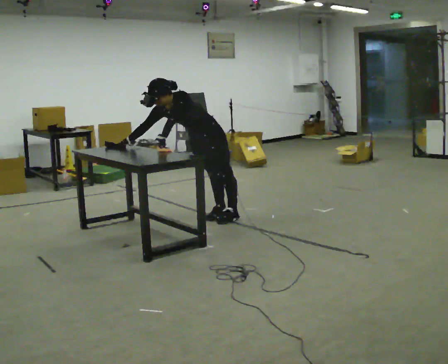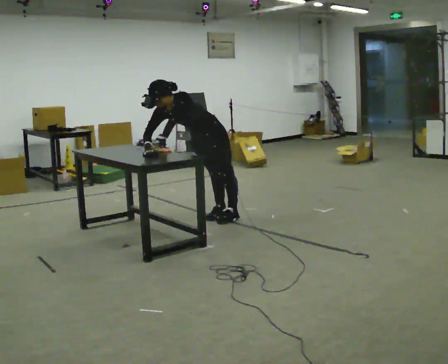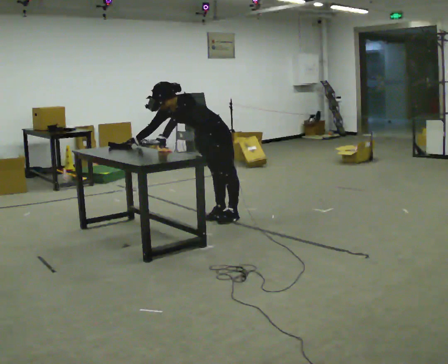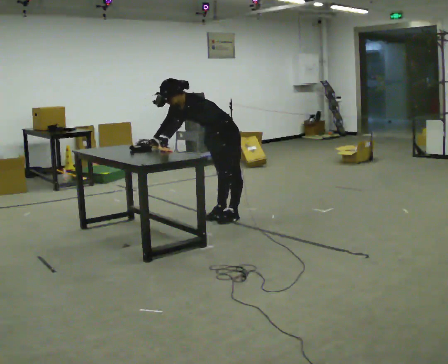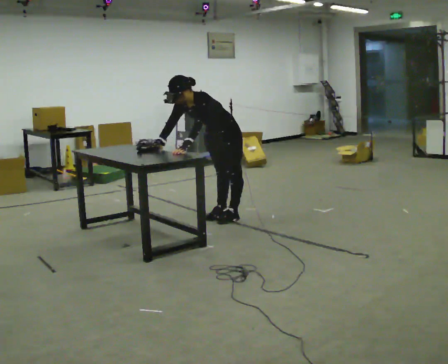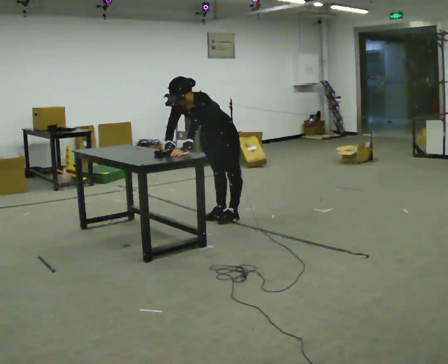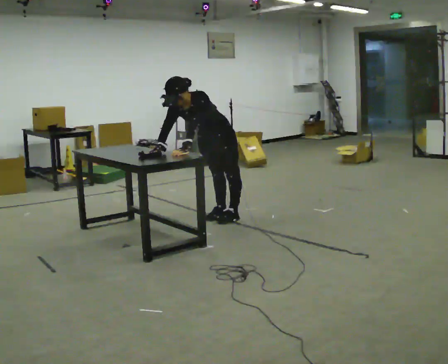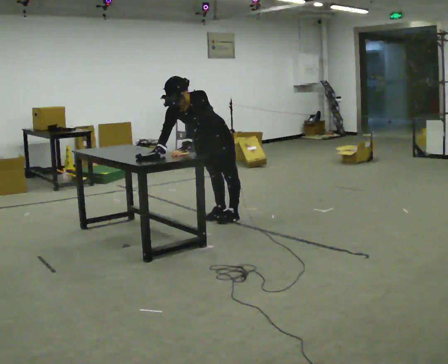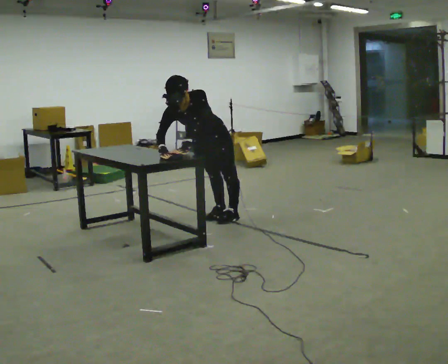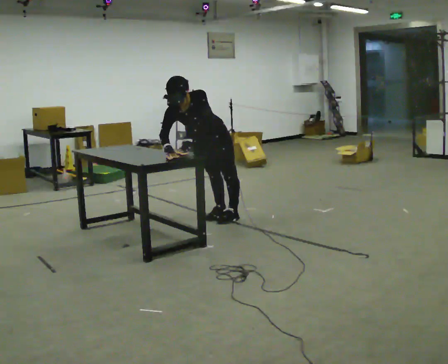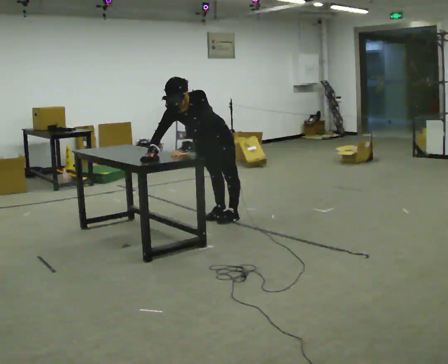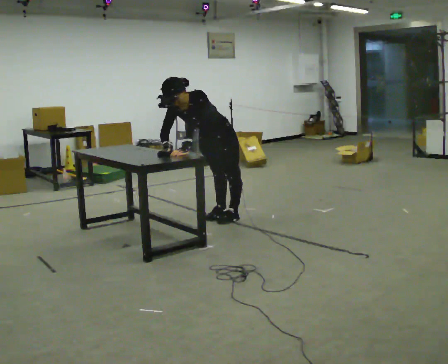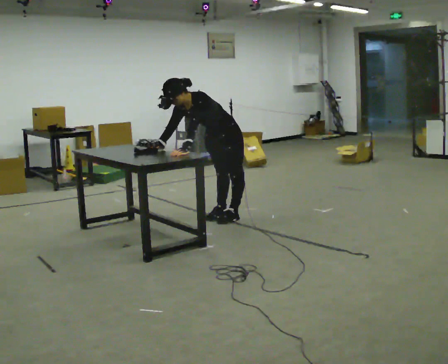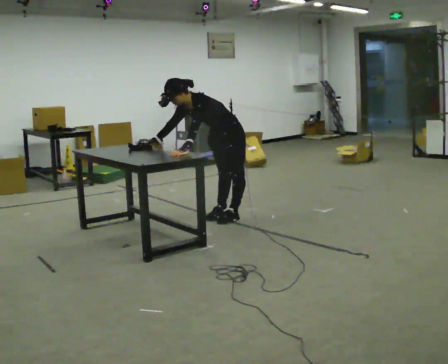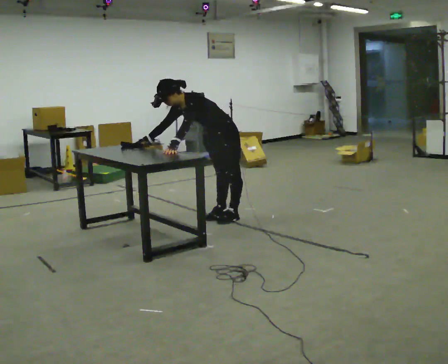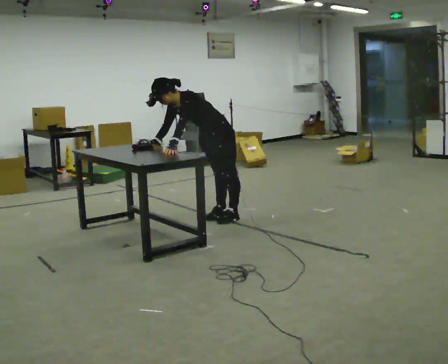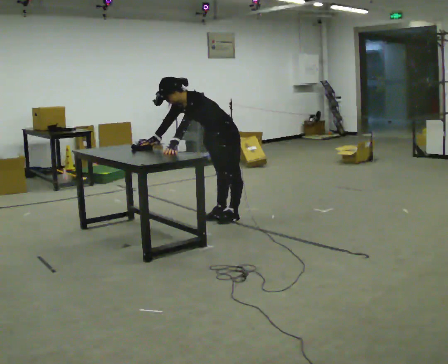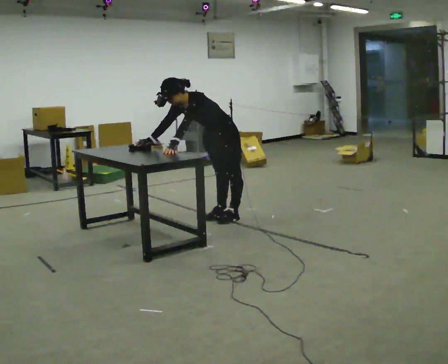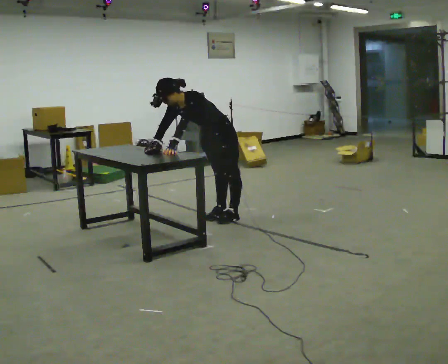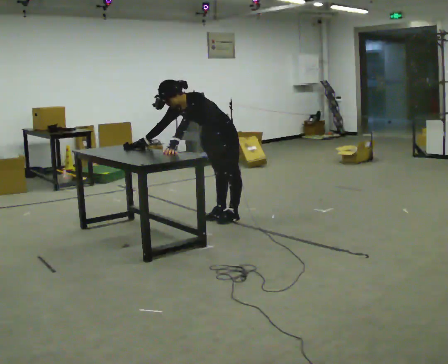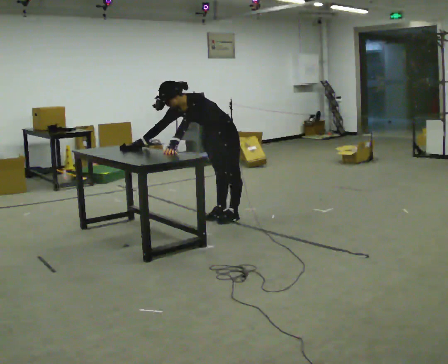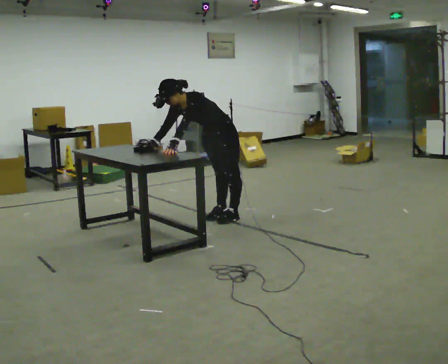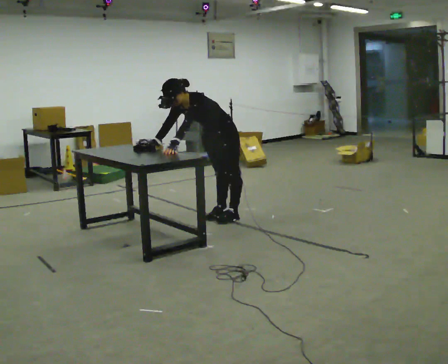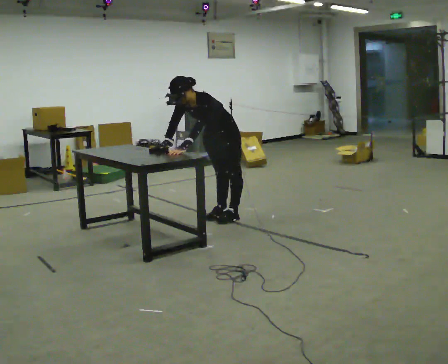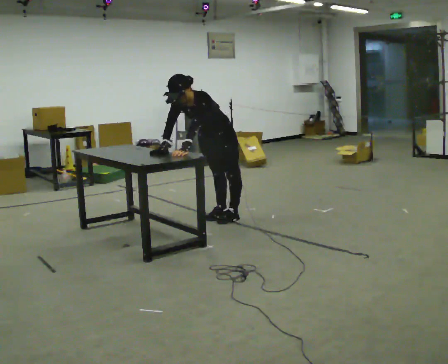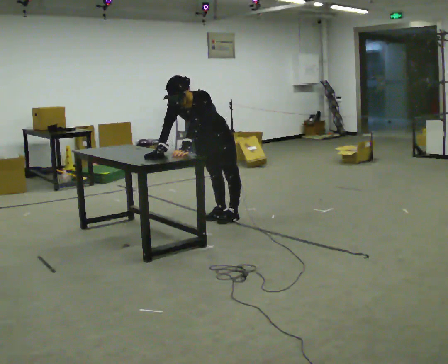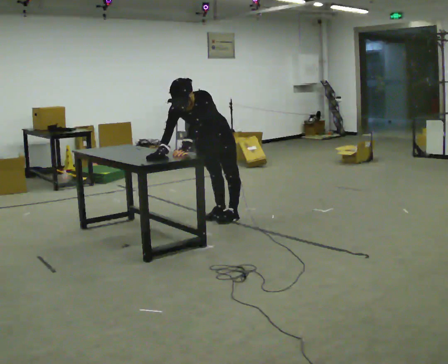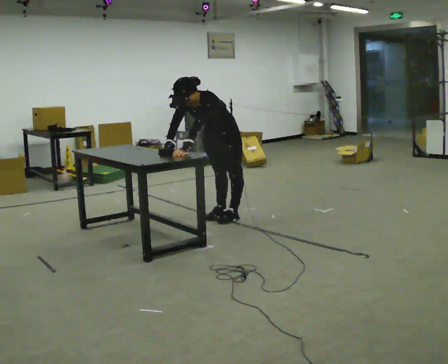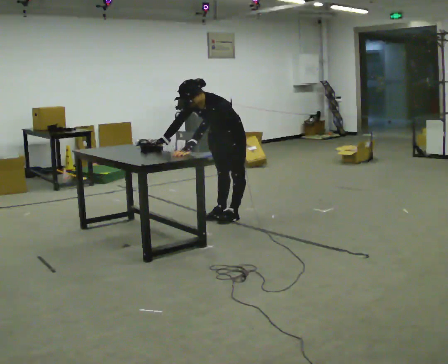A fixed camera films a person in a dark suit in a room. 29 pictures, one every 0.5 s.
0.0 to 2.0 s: In the picture they go to the right, about 0.25 m, which for them is backward. In the picture their right hand goes to the right.
2.0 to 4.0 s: In the picture they go toward the camera, about 0.25 m, which for them is forward.
4.0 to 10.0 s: The person turns about 30 degrees to their right, clockwise seen from above, so the part of the body nearest the lens slides to the left. In the picture they go away from the camera, about 0.25 m, which for them is backward.
10.0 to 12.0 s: In the picture the upper body tilts clockwise, shoulders to the right.
12.0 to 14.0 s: The person moves a little, or ends about where they began.
The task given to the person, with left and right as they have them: Wipe the whole surface of the table in front of you with the cloth. Repeat at your own pace until the operator says stop. Keep both feet on the marked spots for the whole take. If you have to step, stop and tell the operator.
The film runs forward here.
